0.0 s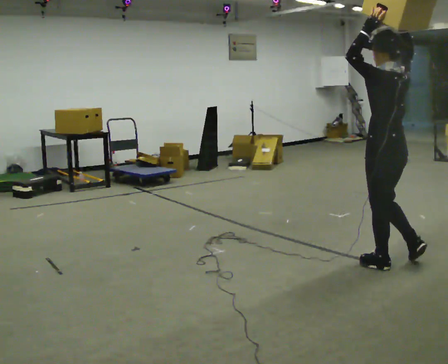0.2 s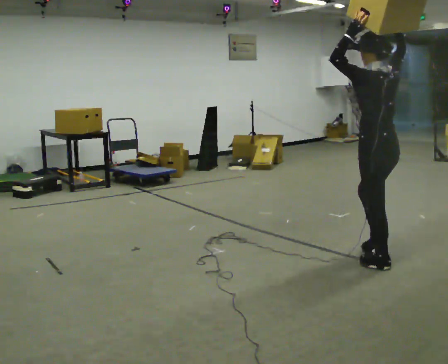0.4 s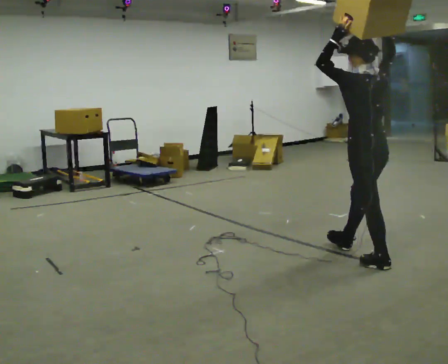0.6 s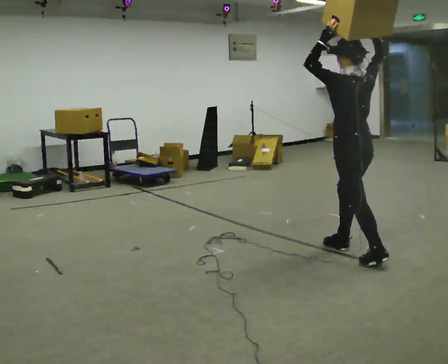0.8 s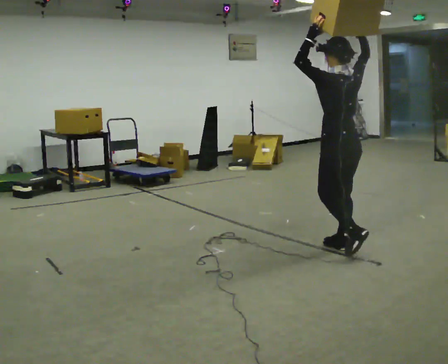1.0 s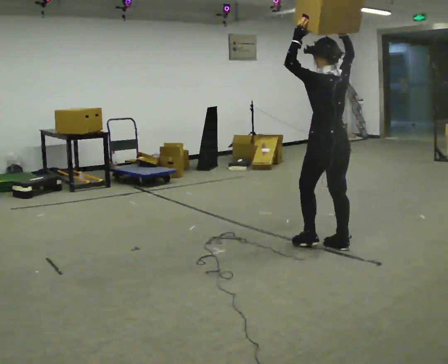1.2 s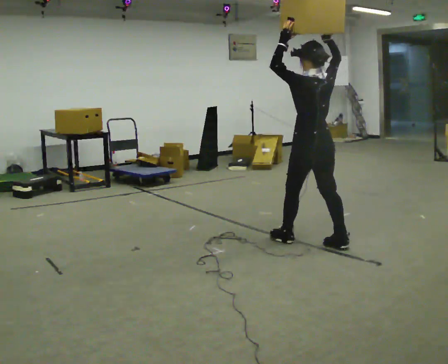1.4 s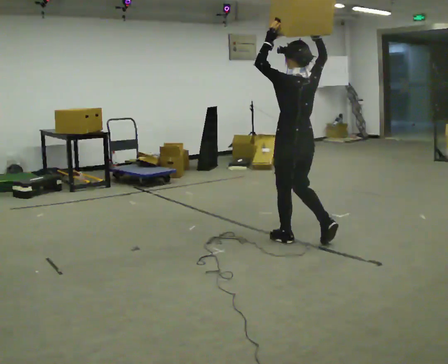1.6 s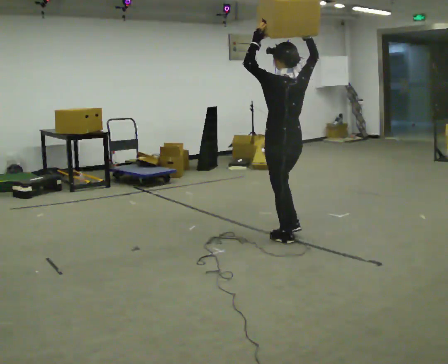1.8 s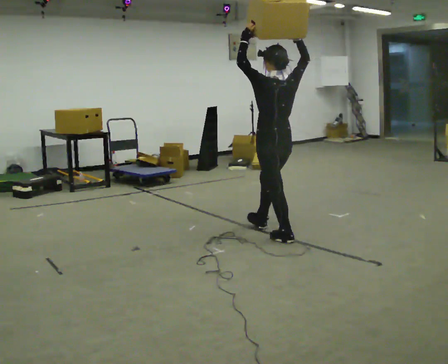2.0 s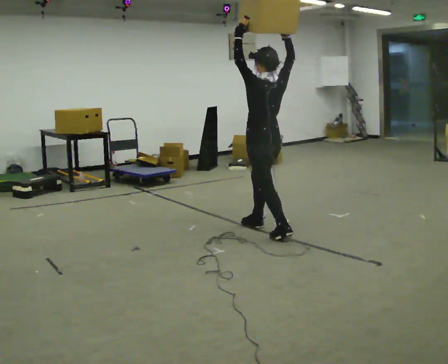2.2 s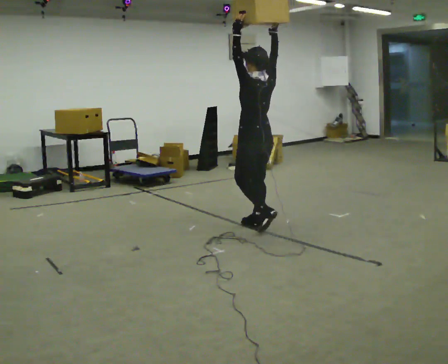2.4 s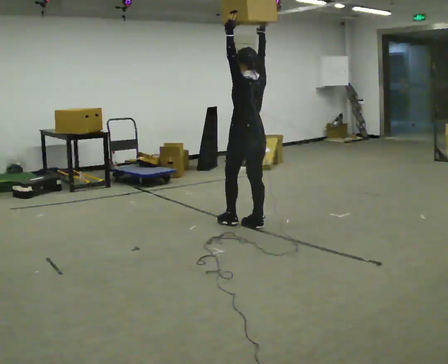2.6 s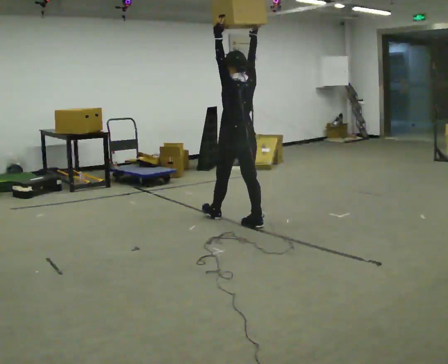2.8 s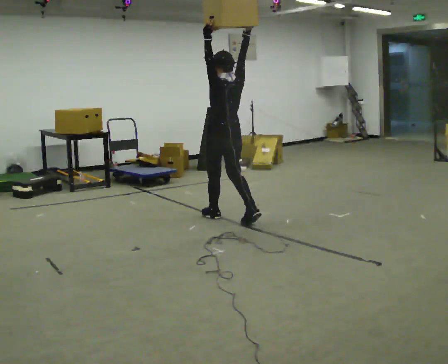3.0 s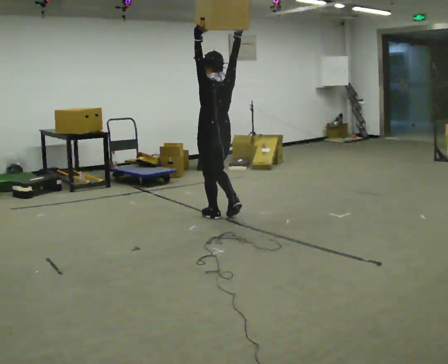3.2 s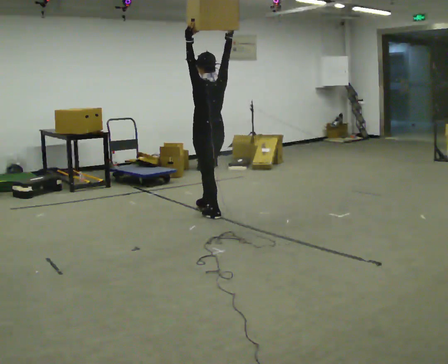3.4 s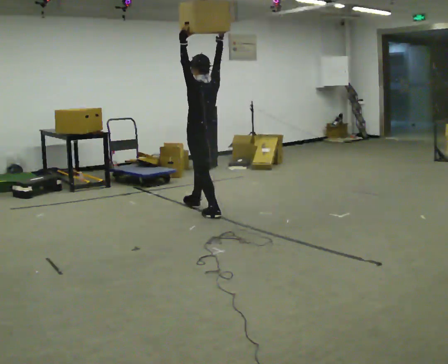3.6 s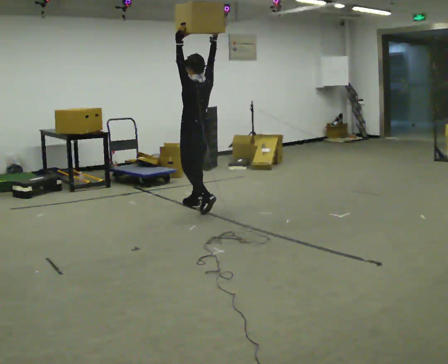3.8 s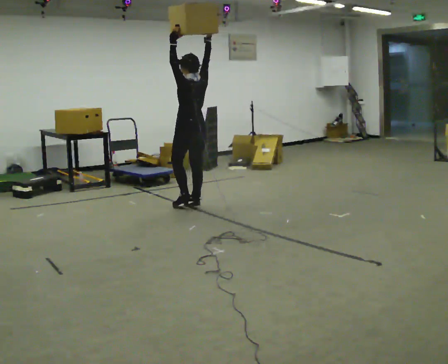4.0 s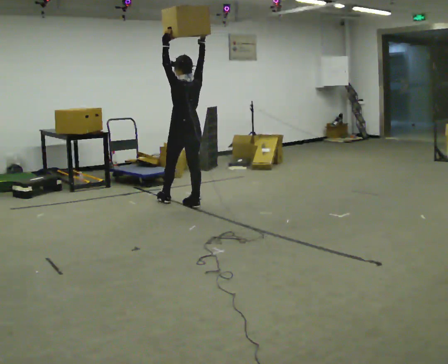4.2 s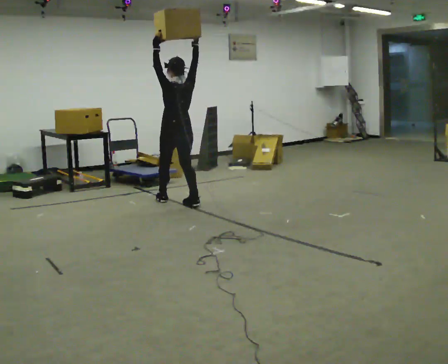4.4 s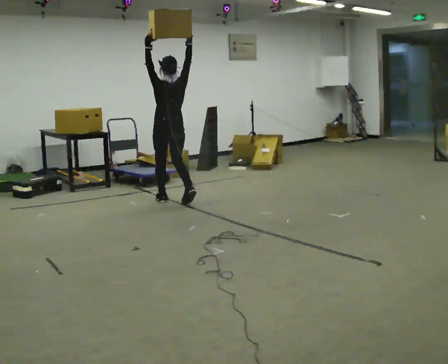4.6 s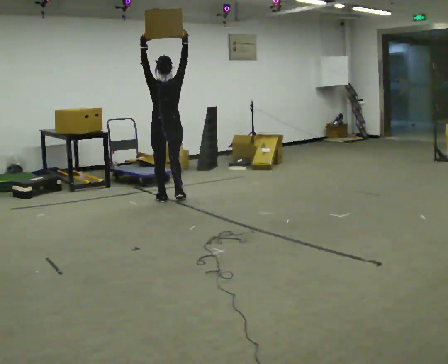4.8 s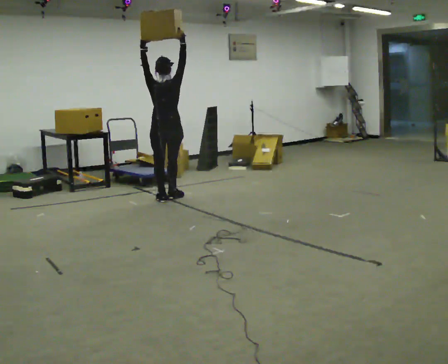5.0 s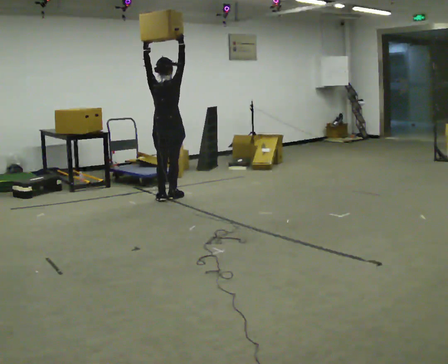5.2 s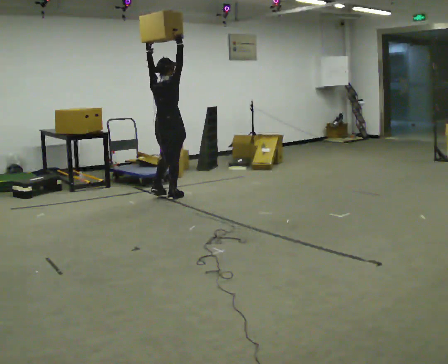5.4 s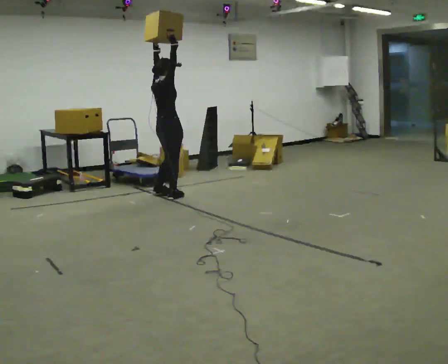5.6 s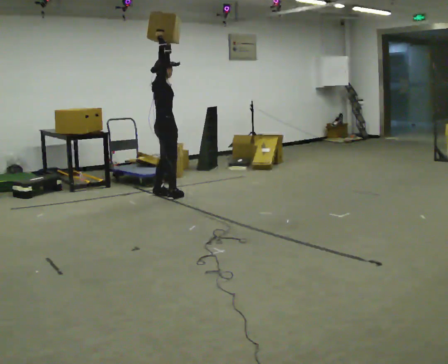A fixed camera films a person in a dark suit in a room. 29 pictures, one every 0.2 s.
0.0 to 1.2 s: In the picture they go away from the camera and to the left, about 1 m in 2 steps, which for them is forward.
1.2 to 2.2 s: In the picture they go away from the camera and to the left, about 0.75 m in 1 step, which for them is forward.
2.2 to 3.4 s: In the picture they go away from the camera and to the left, about 1 m in 2 steps, which for them is forward.
3.4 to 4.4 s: The part of the body nearest the lens slides to the left as the person turns to their right by about 30 degrees. In the picture they go away from the camera and to the left, about 0.5 m in 1 step, which for them is forward.
4.4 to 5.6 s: The part of the body nearest the lens slides to the left as the person turns to their right by about 105 degrees. In the picture they go away from the camera, about 0.25 m in 2 steps.
The film runs forward here.
